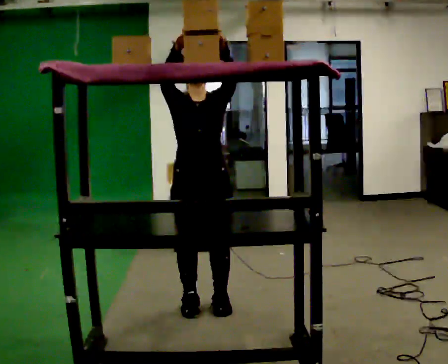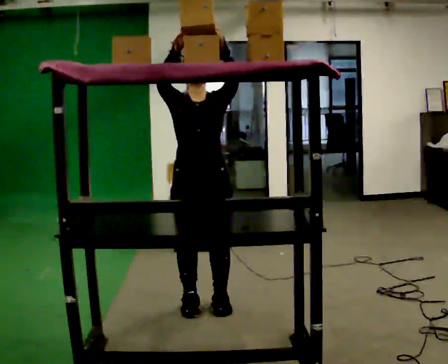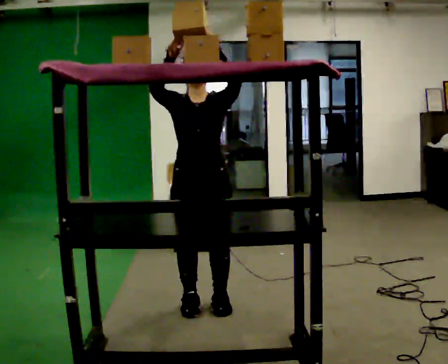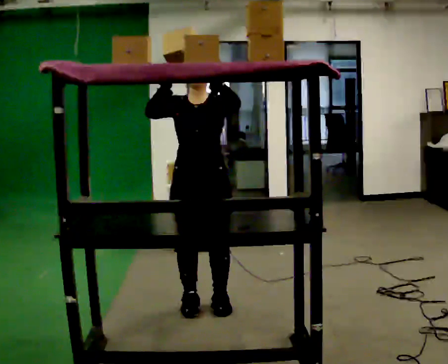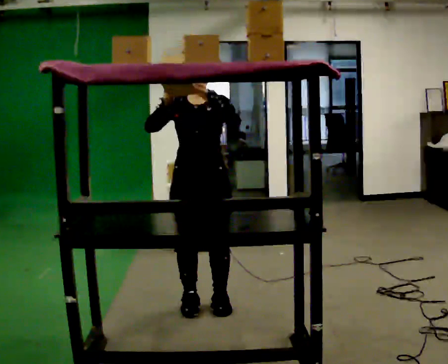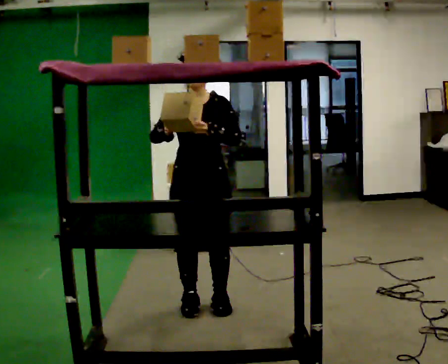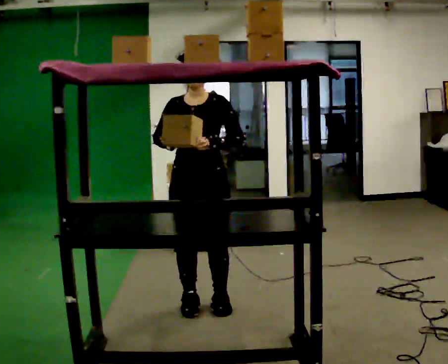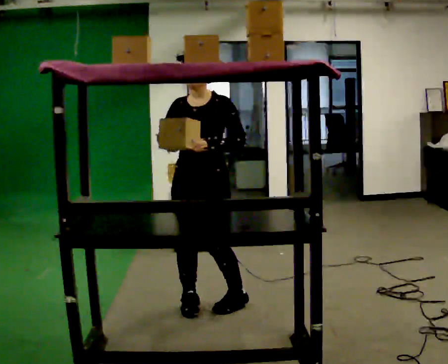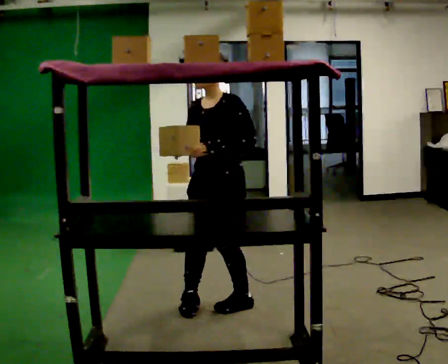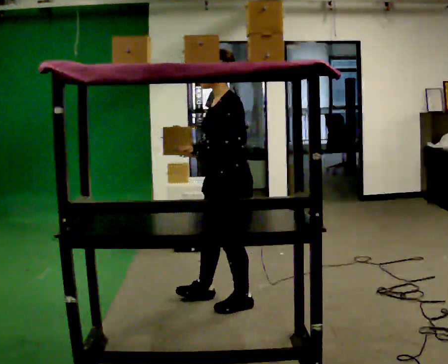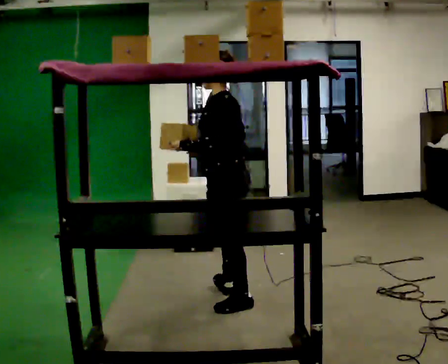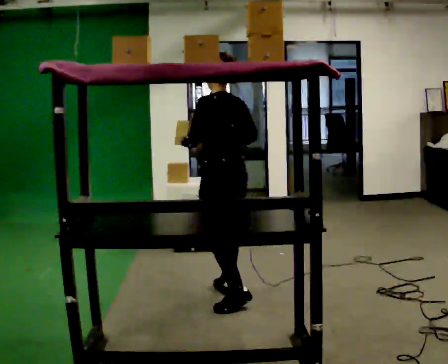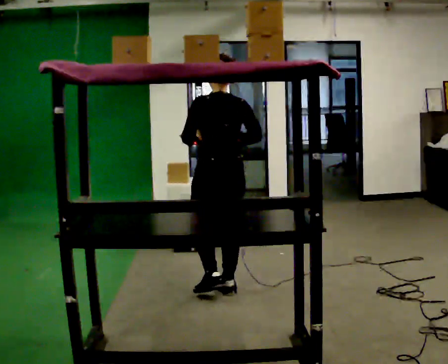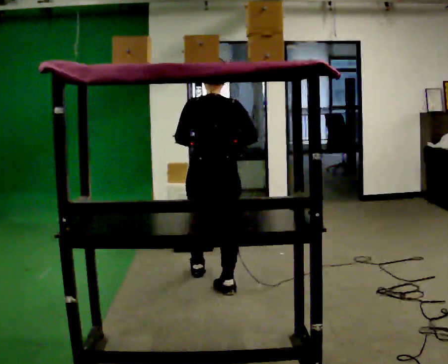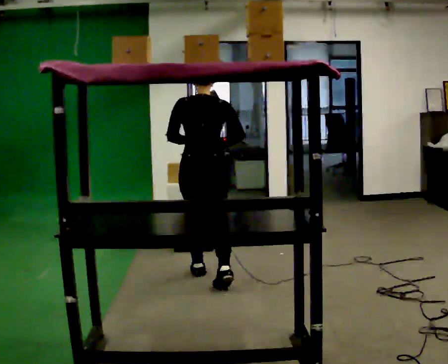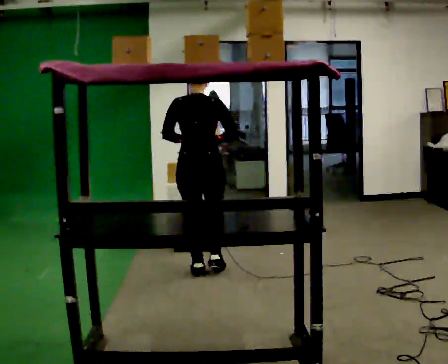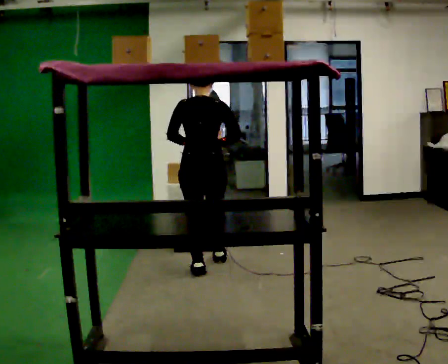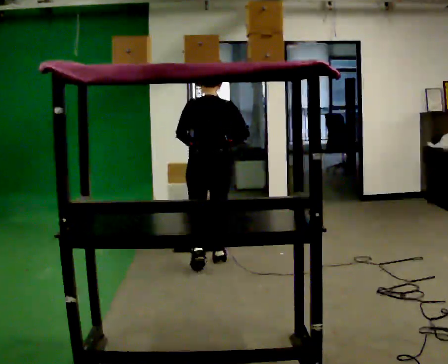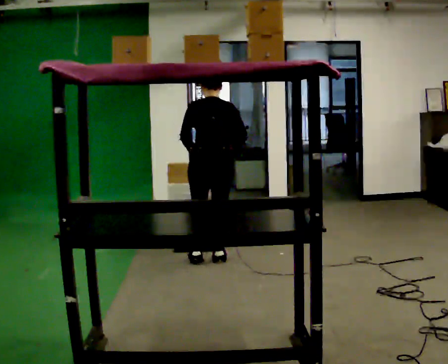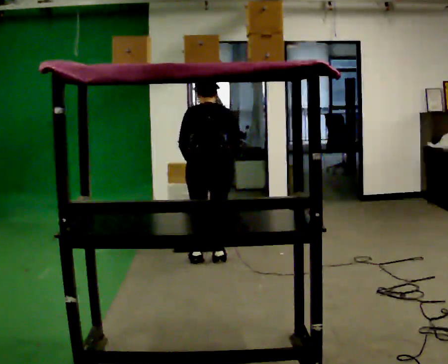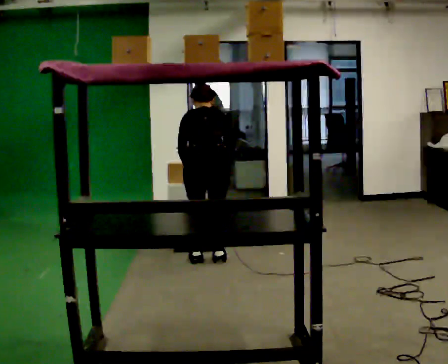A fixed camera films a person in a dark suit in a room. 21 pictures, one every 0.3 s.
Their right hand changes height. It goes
downward.
The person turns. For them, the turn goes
to their right.
0.0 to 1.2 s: In the picture their right hand goes downward.
1.2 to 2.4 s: The part of the body nearest the lens slides to the left as the person turns to their right by about 45 degrees.
2.4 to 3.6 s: Seen from above the body turns clockwise, about 120 degrees: to their right, with its near side sliding to the left. In the picture they go away from the camera, about 0.25 m in 1 step.
3.6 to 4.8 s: In the picture they go away from the camera, about 0.5 m in 2 steps, which for them is forward.
4.8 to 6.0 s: The upper body tips away from the camera, its near side rolling upward, as they bend forward.
The film runs forward here.
